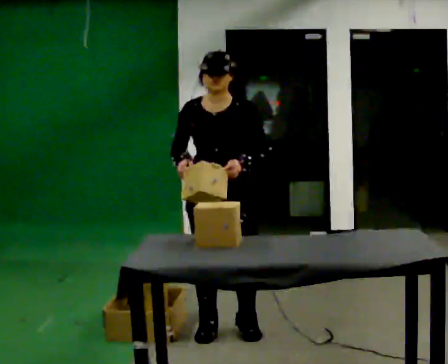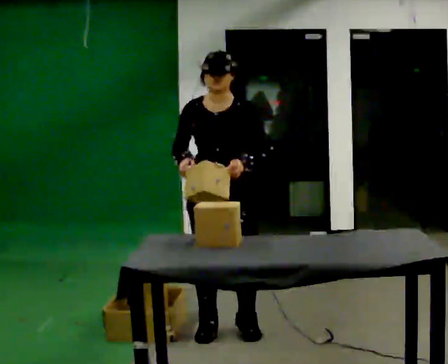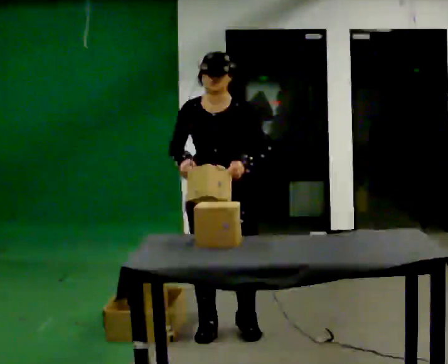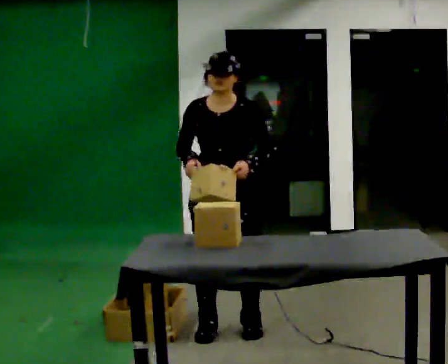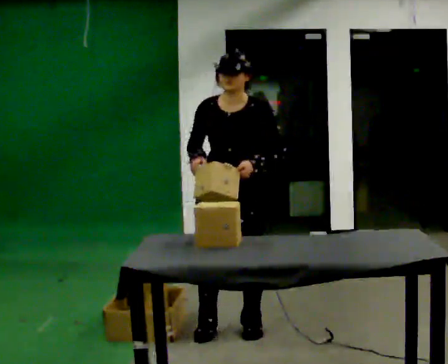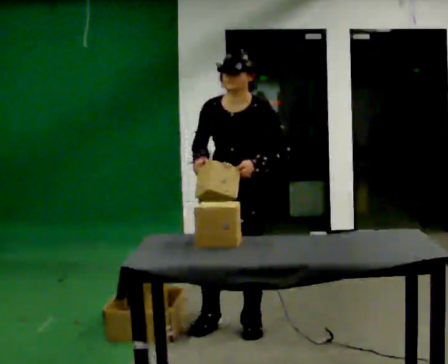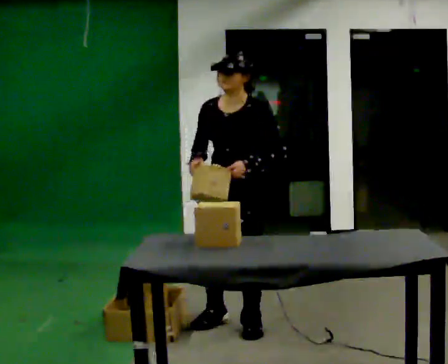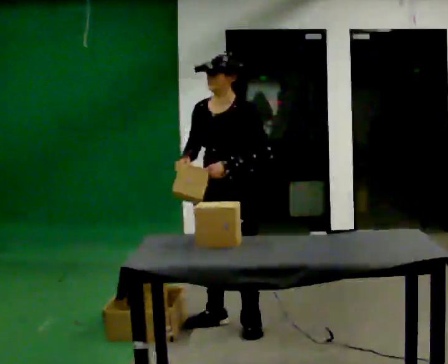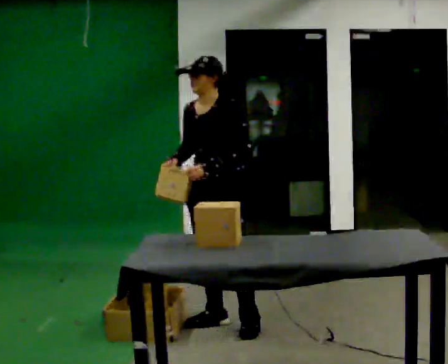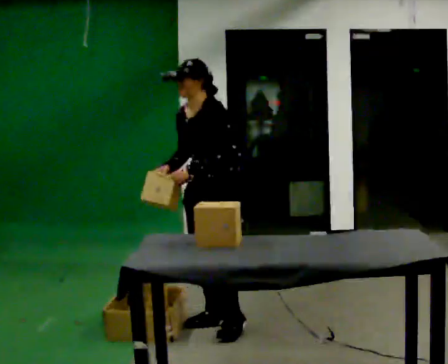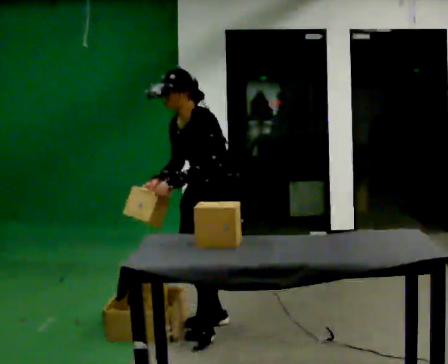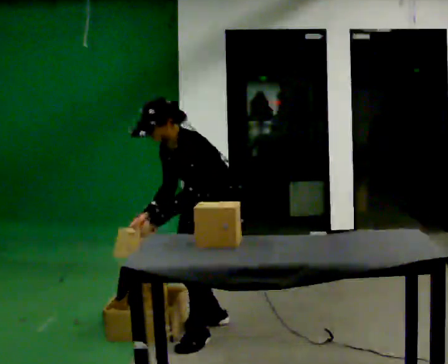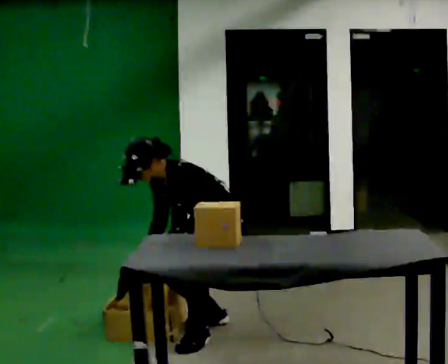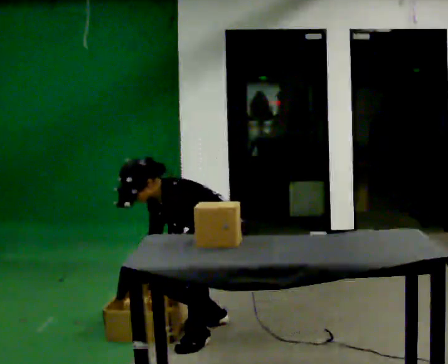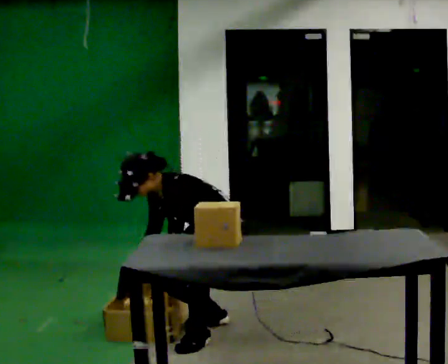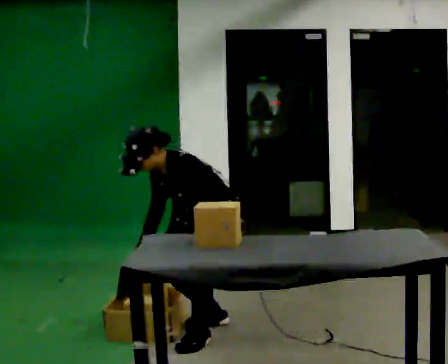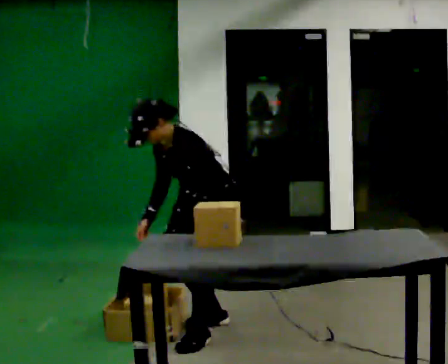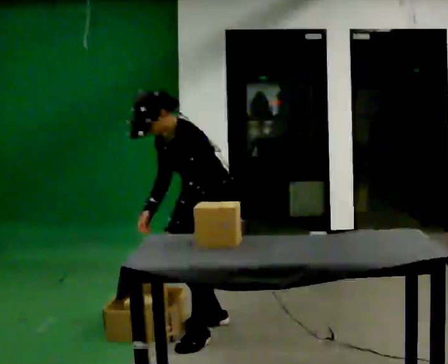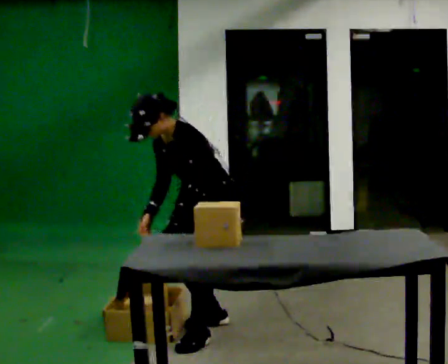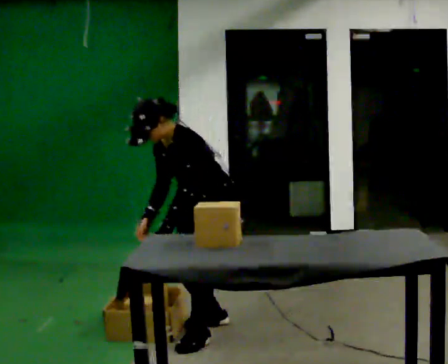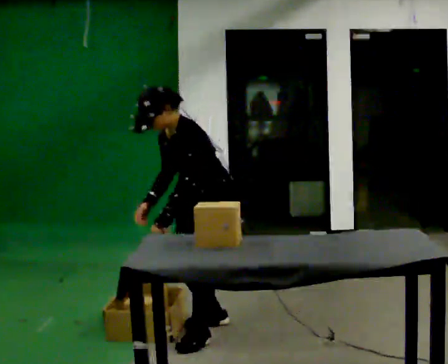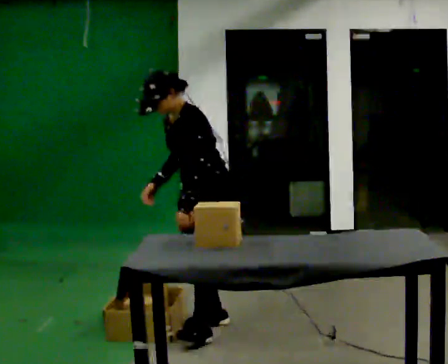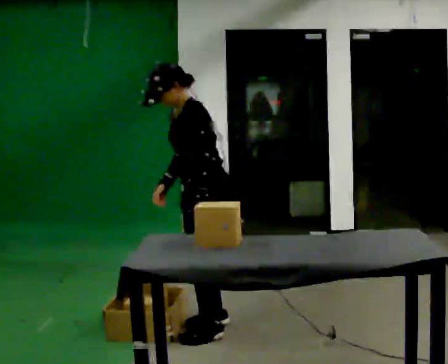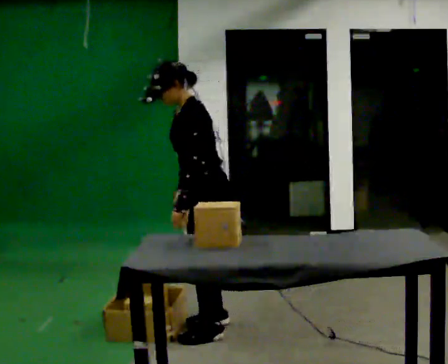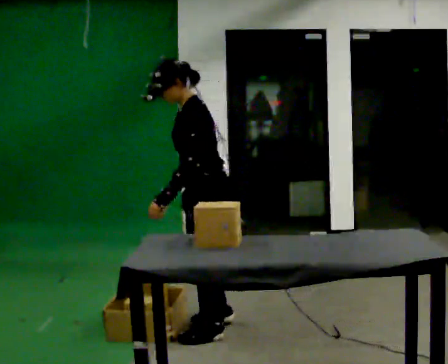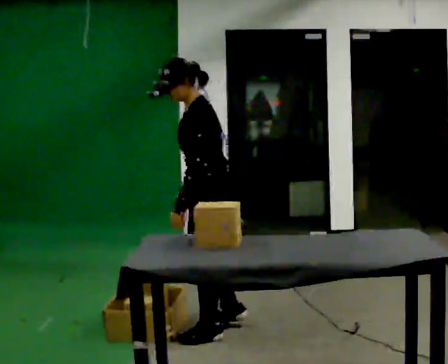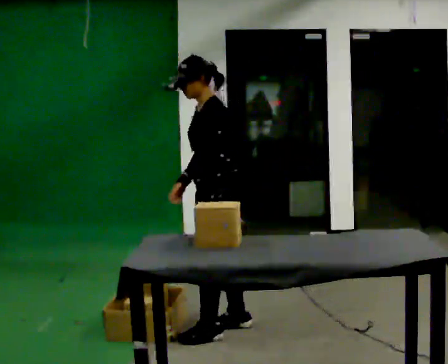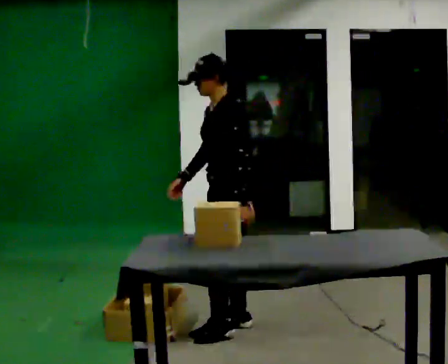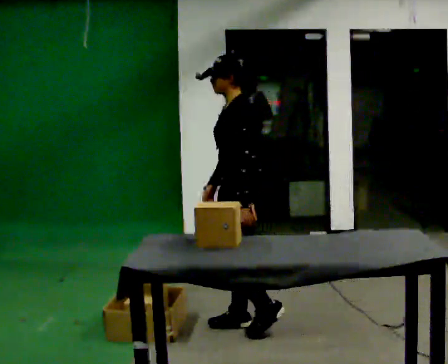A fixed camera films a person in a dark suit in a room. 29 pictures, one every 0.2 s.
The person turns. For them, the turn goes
to their right.
The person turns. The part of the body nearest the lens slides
to the left.
0.0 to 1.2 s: The person moves a little, or ends about where they began.
1.2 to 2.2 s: The person turns about 30 degrees to their right, clockwise seen from above, so the part of the body nearest the lens slides to the left. The upper body goes downward. In the picture the upper body tilts counterclockwise, shoulders to the left, as they bend forward. In the picture their left hand goes to the left.
2.2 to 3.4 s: The person moves a little, or ends about where they began.
3.4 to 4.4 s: In the picture the upper body tilts clockwise, shoulders to the right, as they lean back or straighten.
4.4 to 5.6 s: In the picture they go to the right, about 0.25 m in 1 step, which for them is backward.
The film runs backward here.
